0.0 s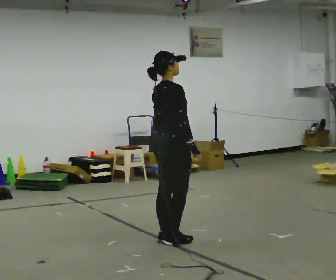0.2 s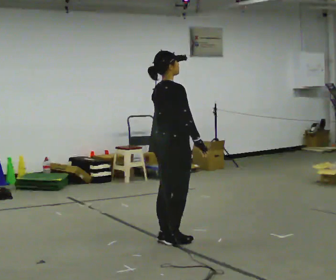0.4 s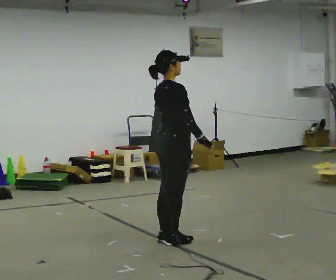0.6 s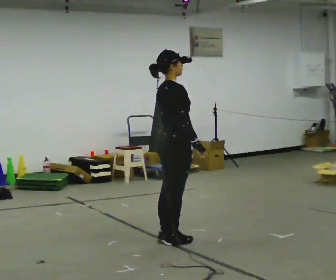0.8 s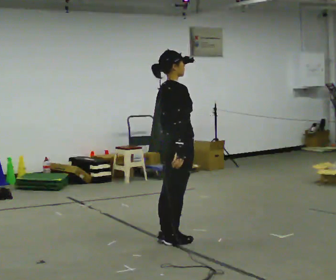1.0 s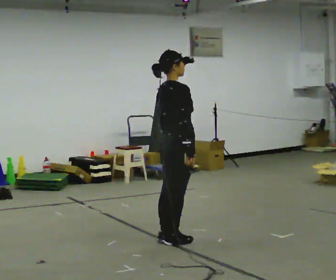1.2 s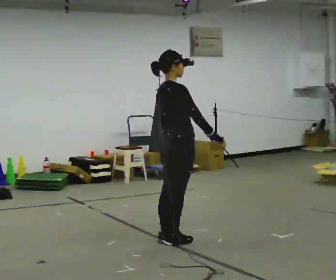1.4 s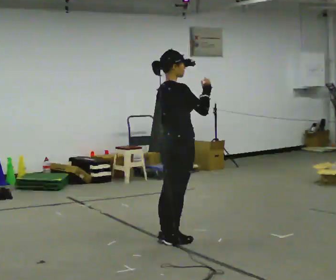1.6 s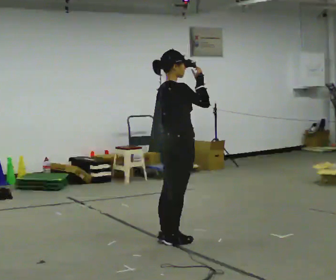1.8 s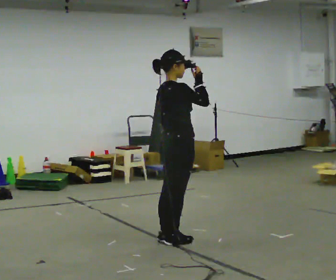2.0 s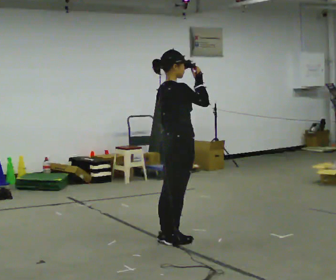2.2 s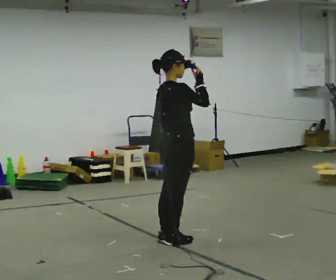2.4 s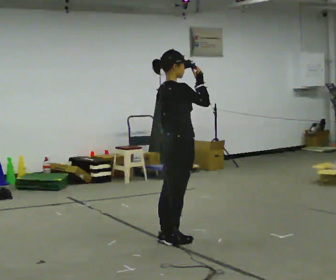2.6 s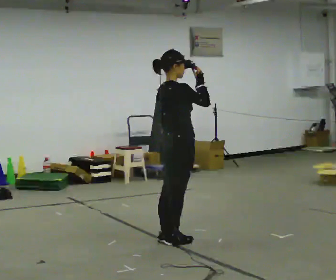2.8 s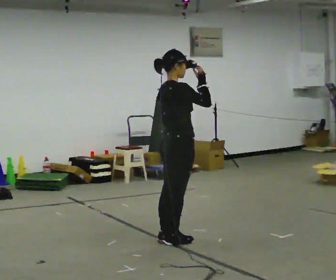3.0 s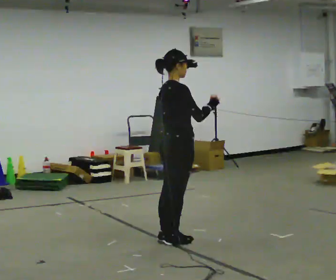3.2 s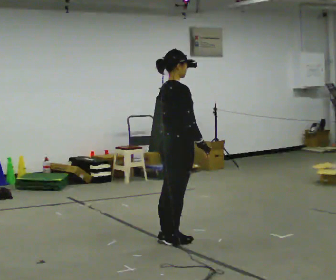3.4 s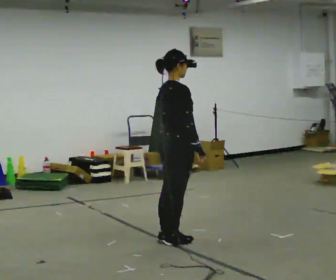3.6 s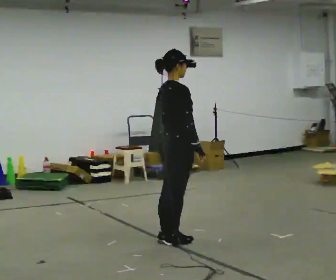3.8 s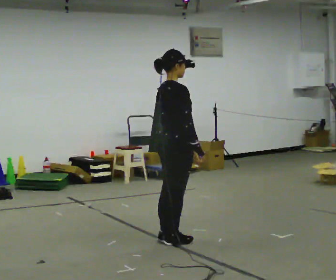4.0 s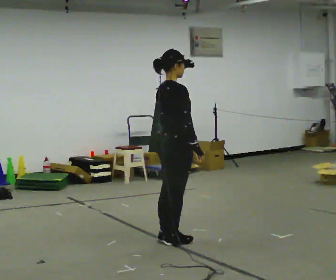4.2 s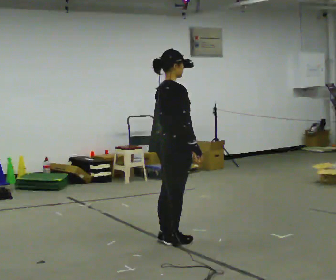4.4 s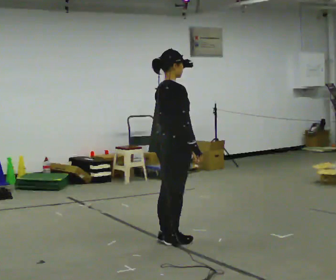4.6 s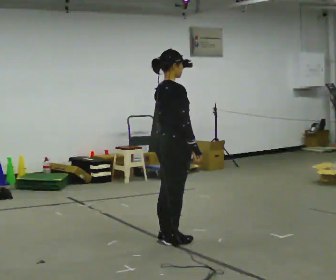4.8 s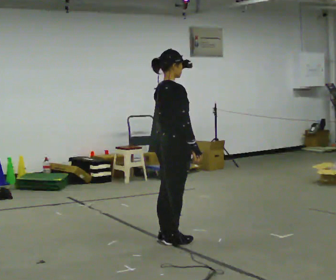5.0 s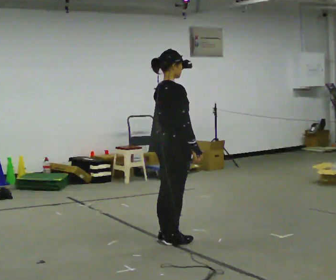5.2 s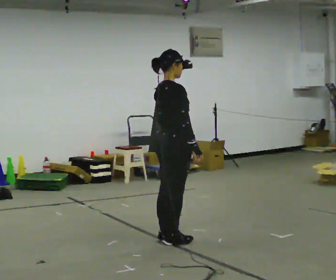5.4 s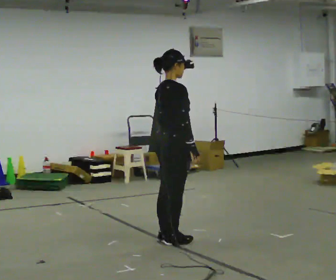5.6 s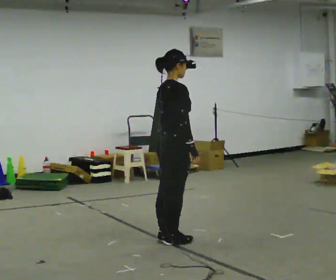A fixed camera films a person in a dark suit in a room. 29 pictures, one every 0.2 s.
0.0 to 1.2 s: The person moves a little, or ends about where they began.
1.2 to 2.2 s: In the picture their right hand goes upward.
2.2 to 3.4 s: In the picture their right hand goes downward.
3.4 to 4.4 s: The person keeps their place and pose.
4.4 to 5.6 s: The person moves a little, or ends about where they began.
The film runs backward here.
